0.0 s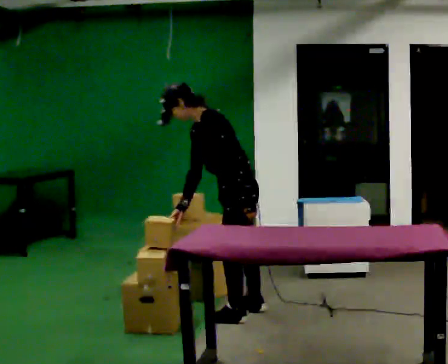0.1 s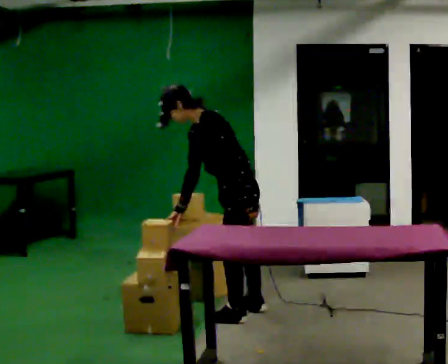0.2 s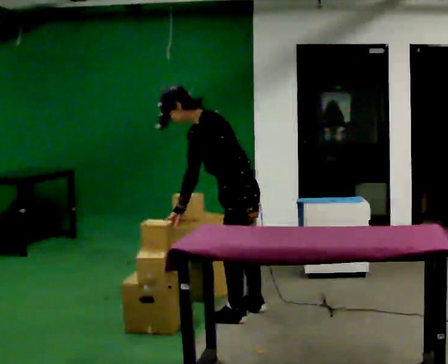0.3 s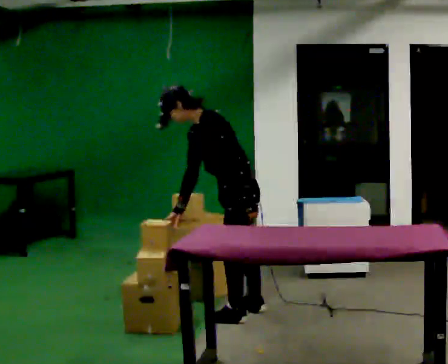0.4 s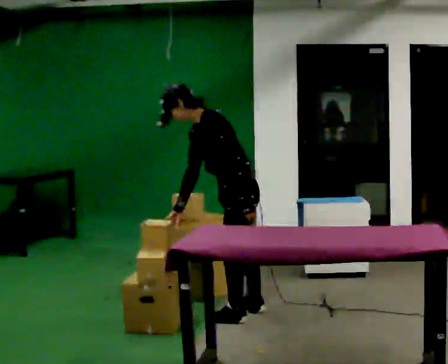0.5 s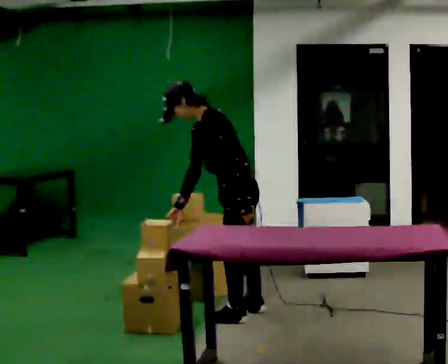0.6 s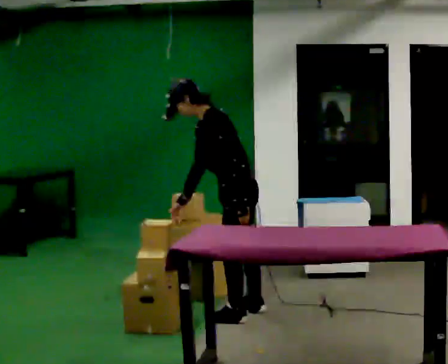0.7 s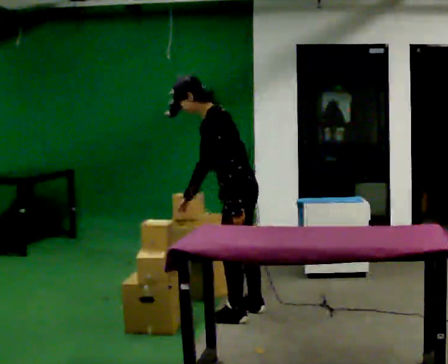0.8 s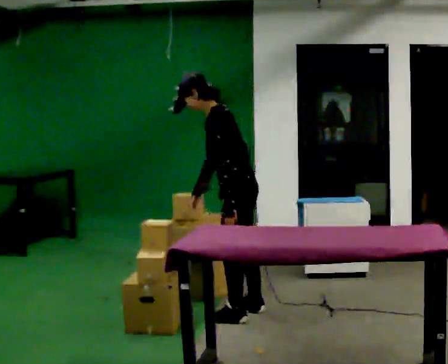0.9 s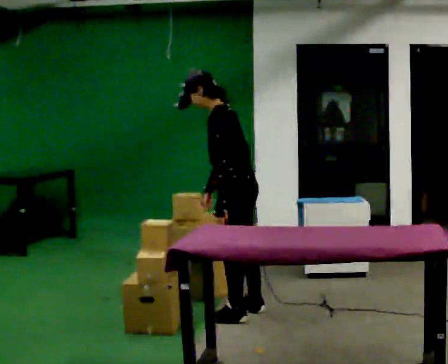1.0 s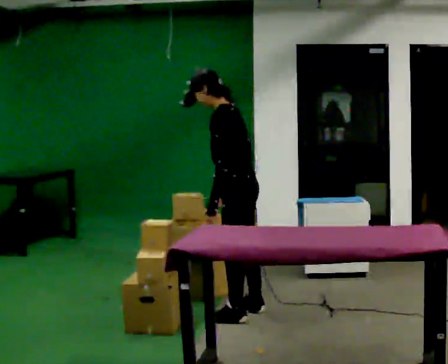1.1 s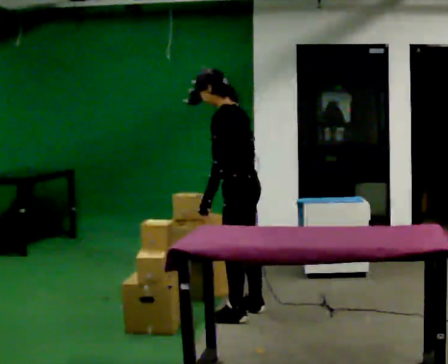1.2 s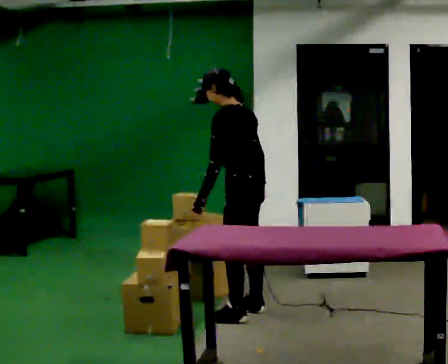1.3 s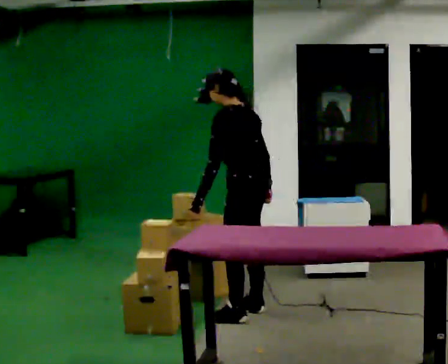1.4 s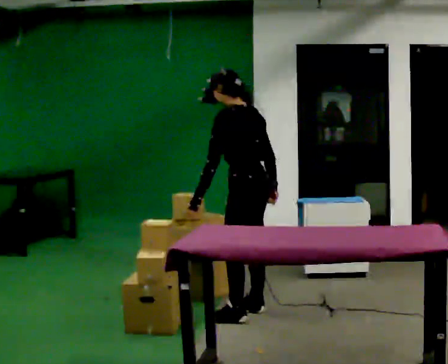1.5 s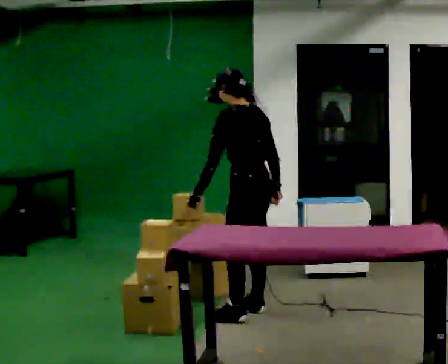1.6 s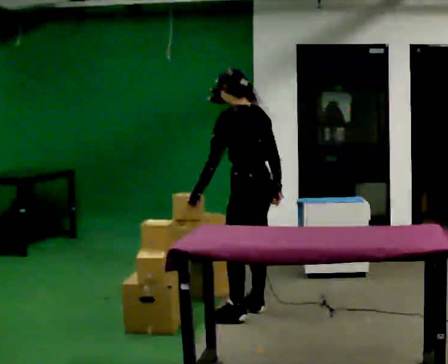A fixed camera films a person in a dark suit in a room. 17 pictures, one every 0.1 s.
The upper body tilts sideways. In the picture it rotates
clockwise.
Their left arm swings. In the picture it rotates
clockwise.
0.0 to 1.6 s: Seen from above the body turns clockwise, about 45 degrees: to their right, with its near side sliding to the left. In the picture they go away from the camera, about 0.25 m, which for them is to their right. In the picture the upper body tilts clockwise, shoulders to the right, as they lean back or straighten. In the picture their left hand goes to the left, the arm swinging clockwise.
The film runs backward here.
